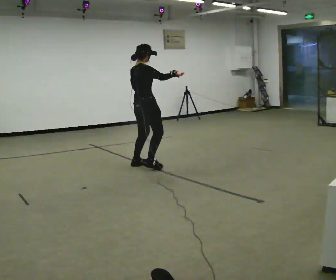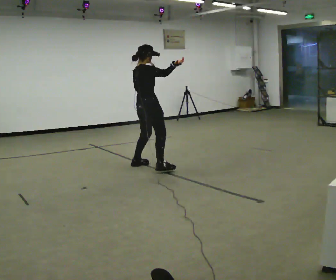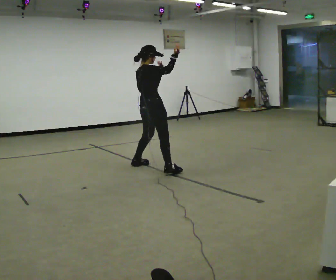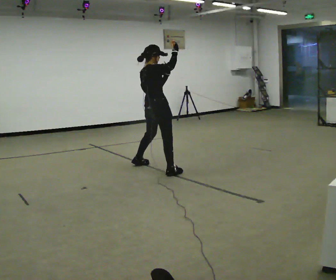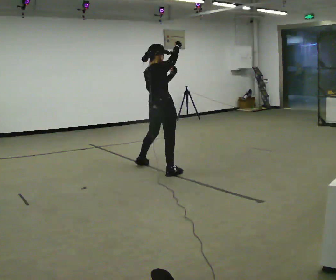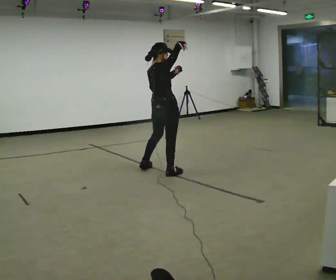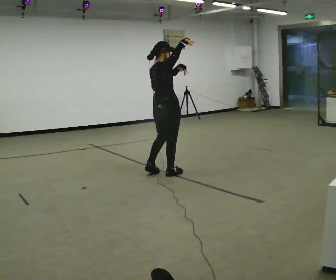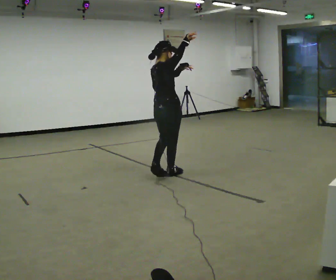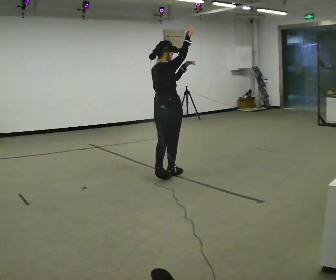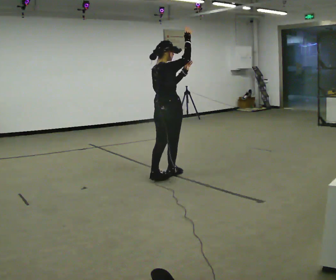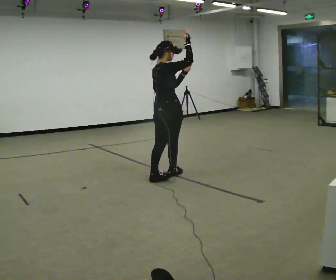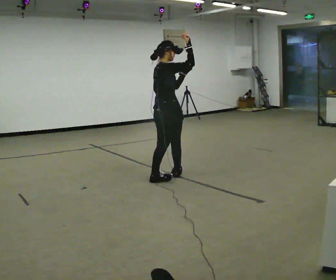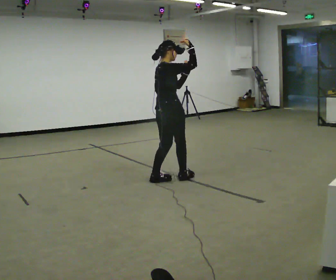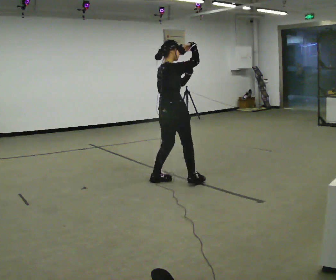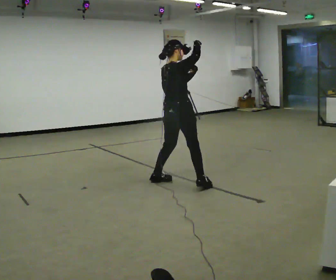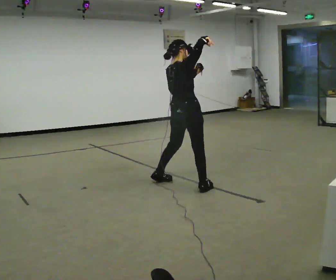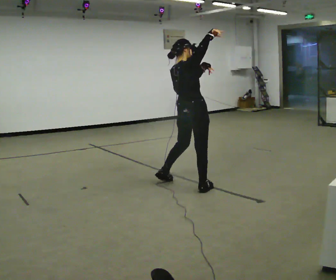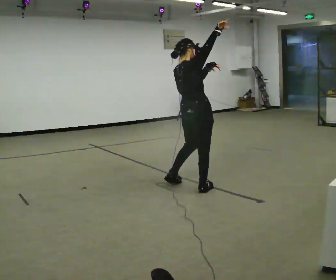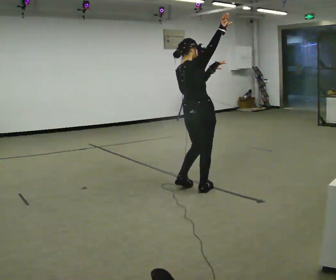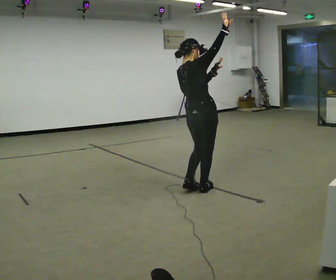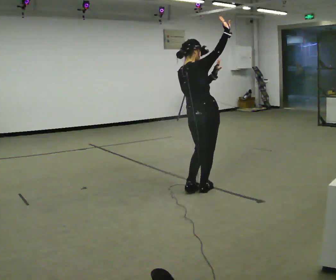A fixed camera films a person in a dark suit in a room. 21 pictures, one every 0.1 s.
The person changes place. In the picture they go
toward the camera.
0.0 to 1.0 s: In the picture they go toward the camera and to the right, about 0.75 m in 2 steps, which for them is to their right. In the picture their right hand goes upward.
1.0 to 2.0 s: In the picture they go toward the camera and to the right, about 0.5 m in 2 steps, which for them is to their right.
The film runs forward here.
